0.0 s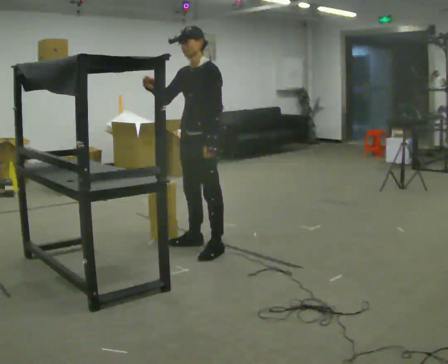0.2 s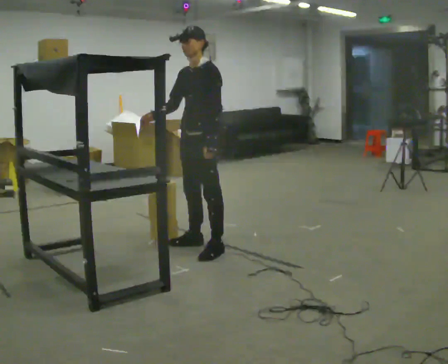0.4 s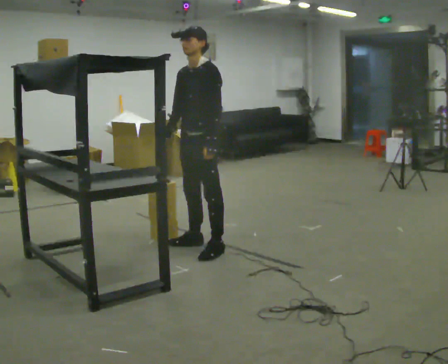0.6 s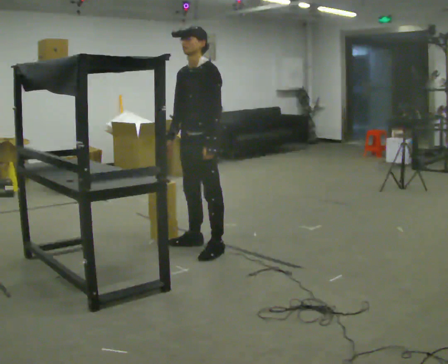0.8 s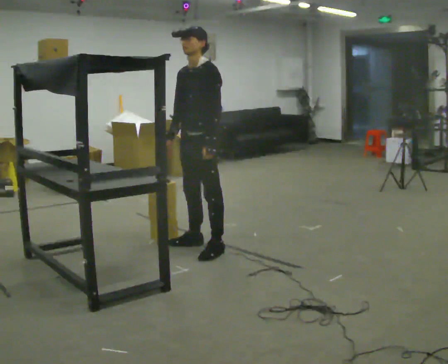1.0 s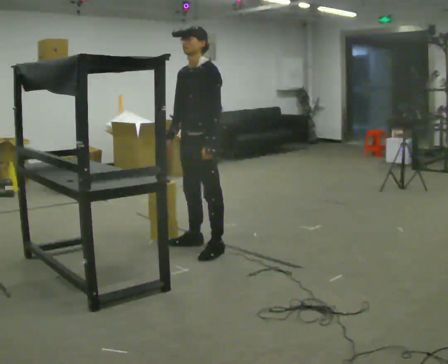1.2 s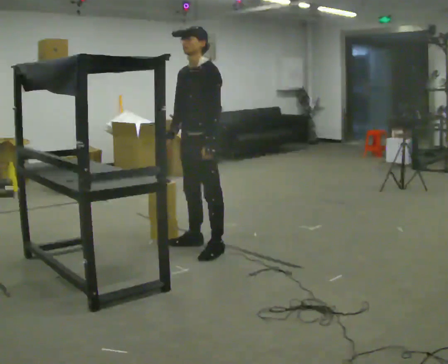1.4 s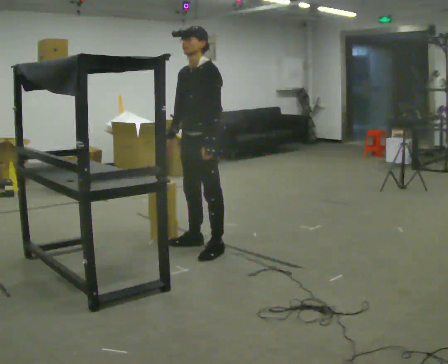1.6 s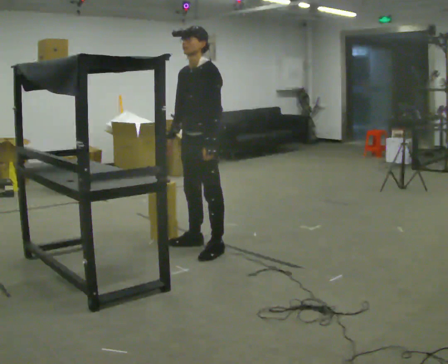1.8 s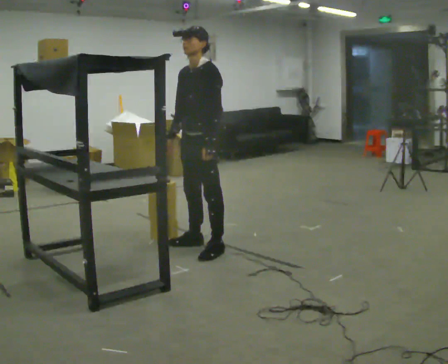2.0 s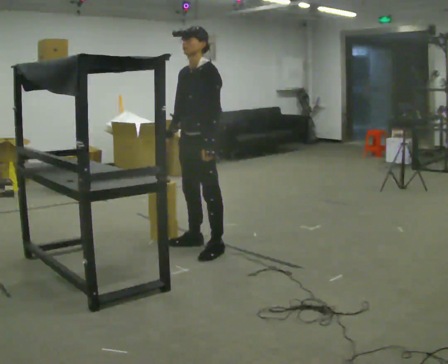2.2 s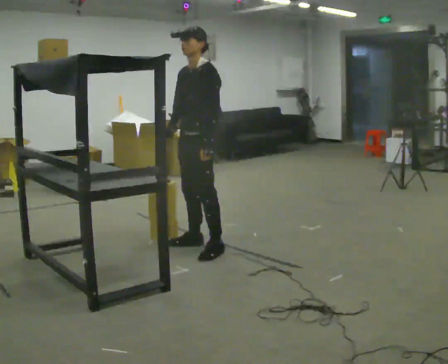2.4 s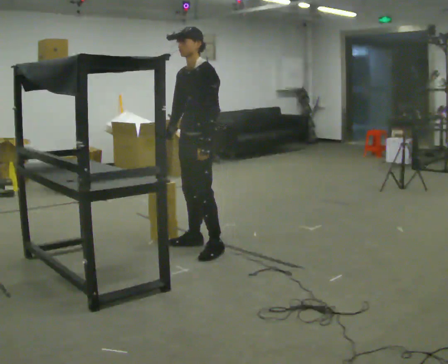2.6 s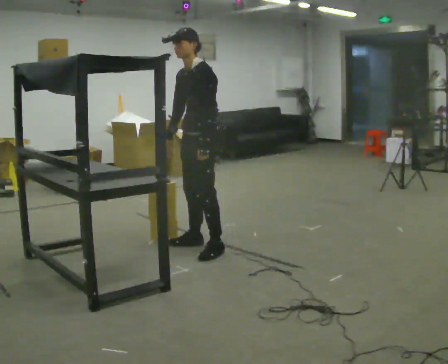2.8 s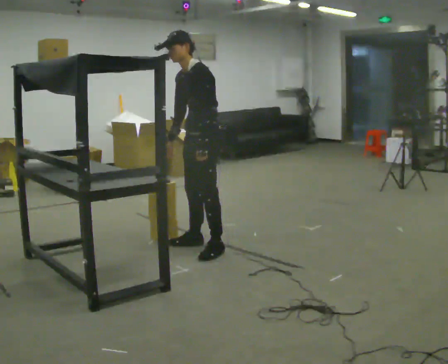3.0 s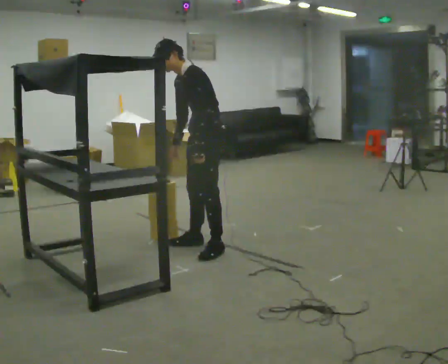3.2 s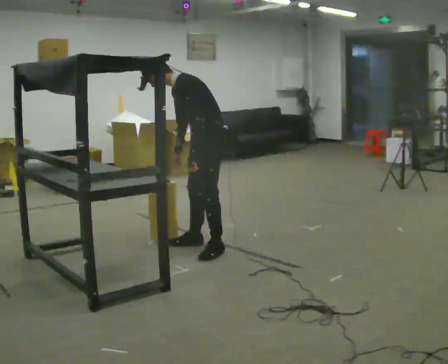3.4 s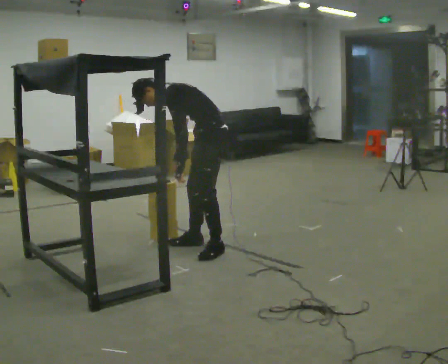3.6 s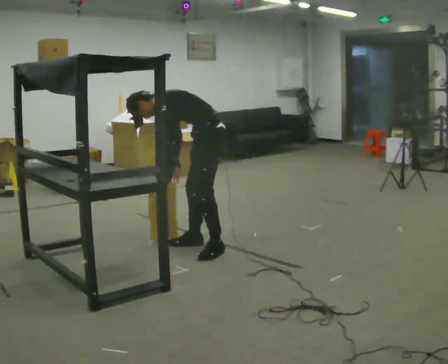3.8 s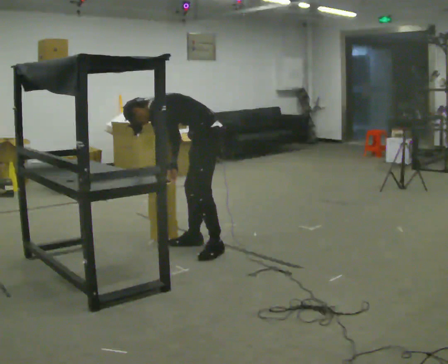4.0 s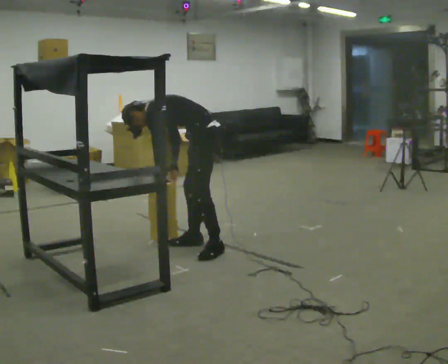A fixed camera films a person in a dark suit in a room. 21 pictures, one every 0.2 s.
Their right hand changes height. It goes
downward.
The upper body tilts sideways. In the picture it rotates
counterclockwise.
0.0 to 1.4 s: In the picture their right hand goes downward, the arm swinging counterclockwise.
1.4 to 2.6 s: The person moves a little, or ends about where they began.
2.6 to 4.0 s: The person turns about 45 degrees to their right, clockwise seen from above, so the part of the body nearest the lens slides to the left. The shoulders move downward. In the picture the upper body tilts counterclockwise, shoulders to the left, as they bend forward.
The film runs backward here.
